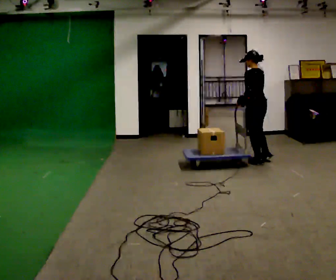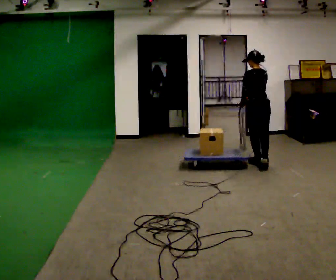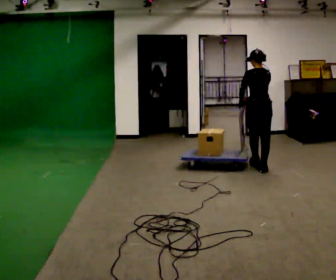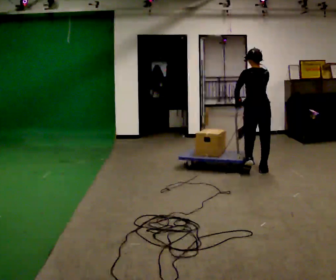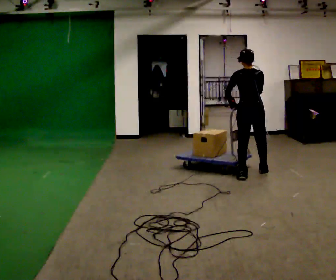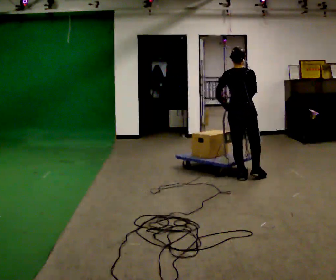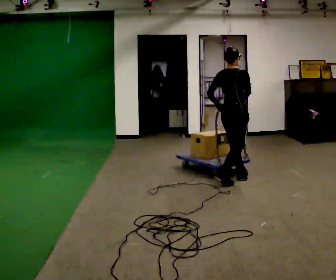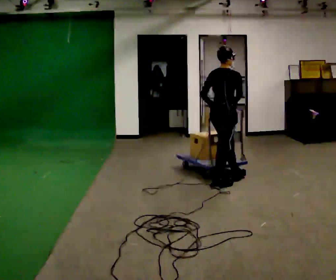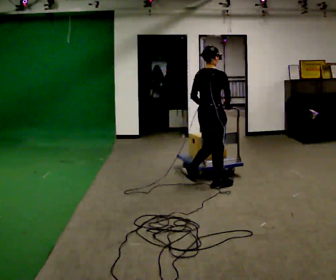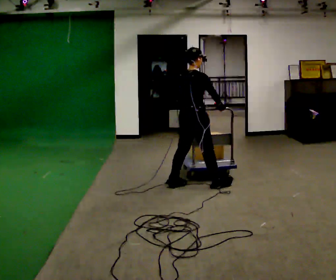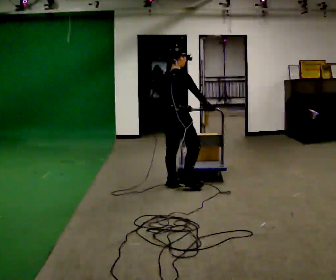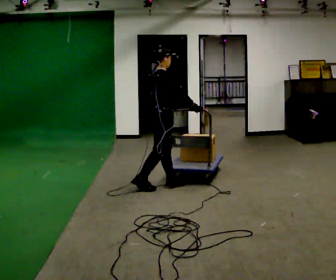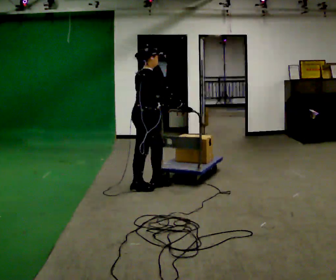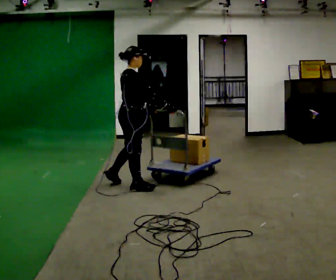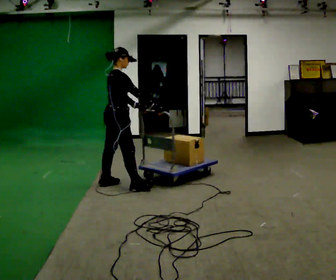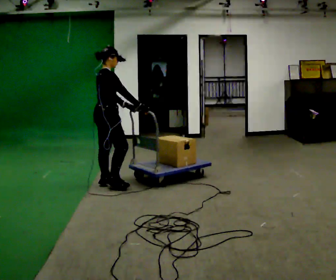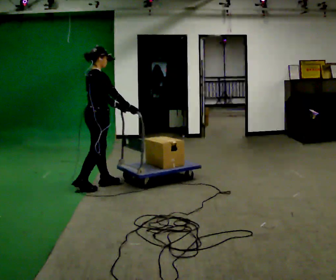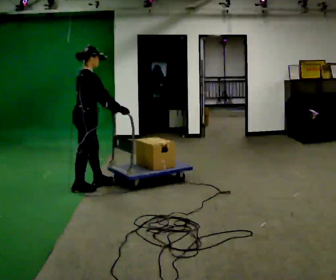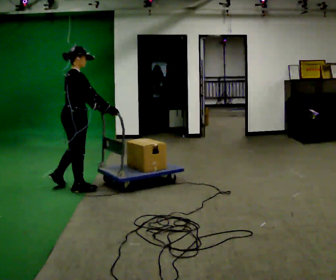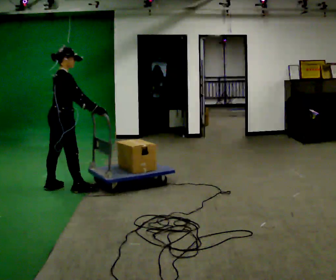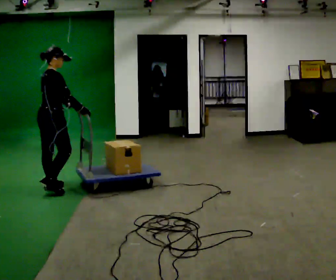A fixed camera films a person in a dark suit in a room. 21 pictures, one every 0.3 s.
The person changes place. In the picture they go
to the left.
Their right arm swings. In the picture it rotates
counterclockwise.
0.0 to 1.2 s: The part of the body nearest the lens slides to the left as the person turns to their right by about 45 degrees. In the picture they go toward the camera, about 0.5 m in 1 step, which for them is backward and to their left.
1.2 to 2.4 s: The person turns about 45 degrees to their right, clockwise seen from above, so the part of the body nearest the lens slides to the left. In the picture they go to the left and toward the camera, about 0.5 m in 2 steps, which for them is backward.
2.4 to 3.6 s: In the picture they go to the left, about 0.5 m in 2 steps, which for them is backward and to their left.
3.6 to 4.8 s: In the picture they go to the left, about 0.5 m in 1 step, which for them is backward and to their left.
4.8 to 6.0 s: In the picture they go to the left and toward the camera, about 0.5 m in 2 steps, which for them is backward.
The film runs backward here.
